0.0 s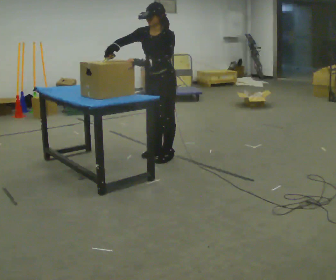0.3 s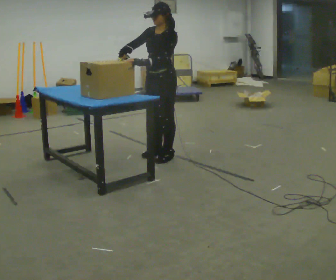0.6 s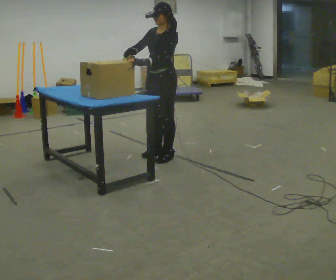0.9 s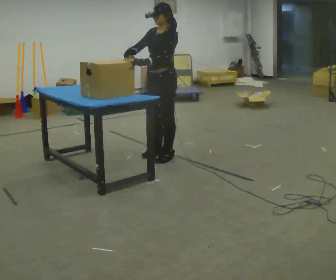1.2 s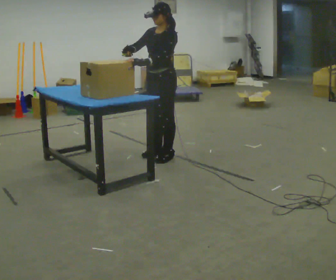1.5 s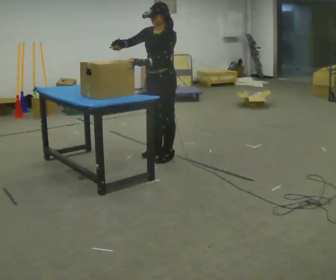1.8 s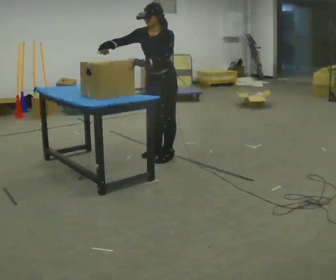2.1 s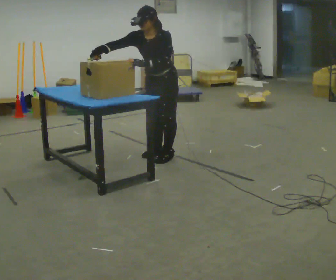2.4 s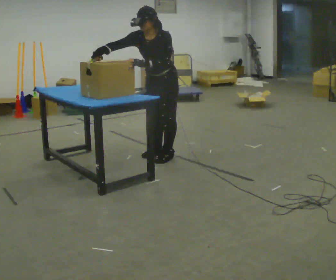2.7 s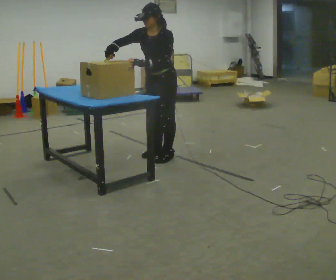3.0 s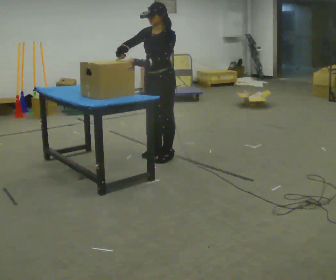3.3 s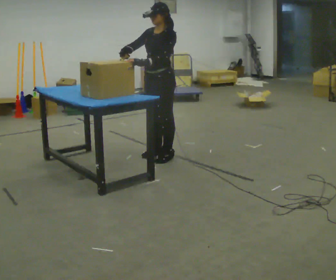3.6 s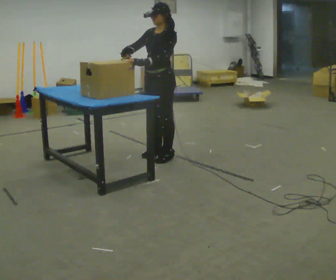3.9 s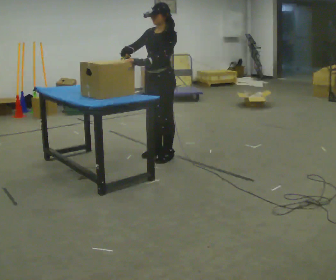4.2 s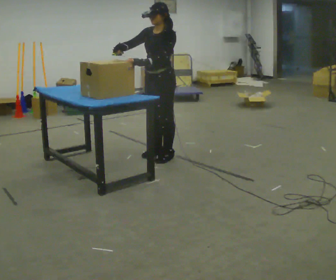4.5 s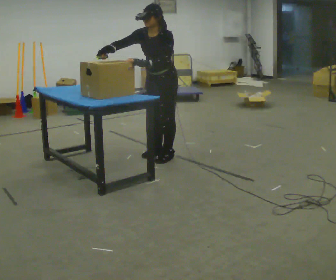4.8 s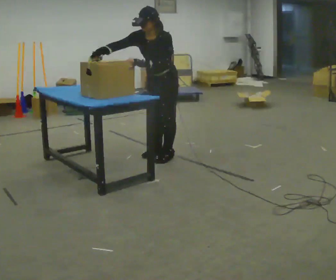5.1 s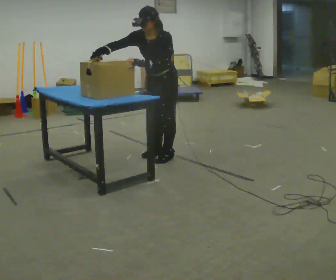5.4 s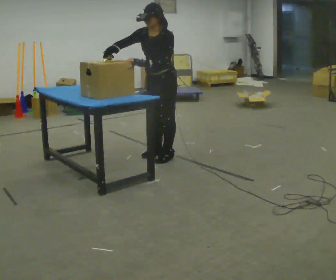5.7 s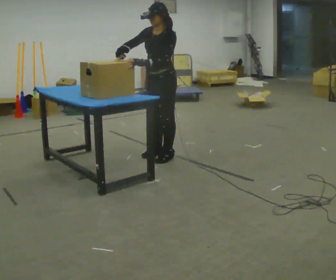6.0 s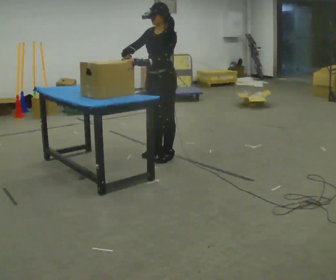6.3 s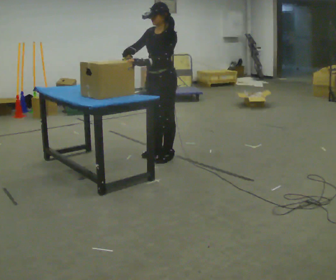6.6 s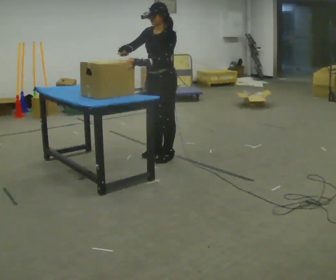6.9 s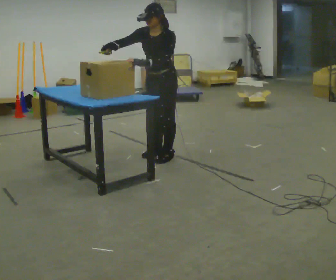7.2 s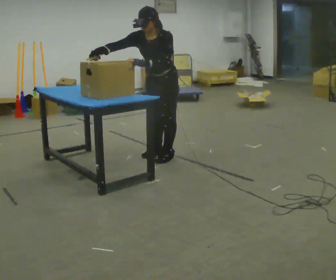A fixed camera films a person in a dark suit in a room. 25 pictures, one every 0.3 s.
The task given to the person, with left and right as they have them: Use the blunt tool to cut along the marked line on the block. Repeat at your own pace until the operator says stop. Keep both feet on the marked spots for the whole take. If you have to step, stop and tell the operator.
0.0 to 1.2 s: The person moves a little, or ends about where they began.
1.2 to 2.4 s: The upper body tips toward the camera, its near side rolling downward, as they bend forward.
2.4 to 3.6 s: The upper body tips away from the camera, its near side rolling upward, as they lean back or straighten.
3.6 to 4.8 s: The upper body tips toward the camera, its near side rolling downward, as they bend forward.
4.8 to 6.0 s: The upper body tips away from the camera, its near side rolling upward, as they lean back or straighten.
6.0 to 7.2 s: The upper body tips toward the camera, its near side rolling downward, as they bend forward.
The film runs forward here.
